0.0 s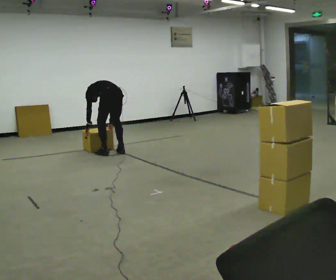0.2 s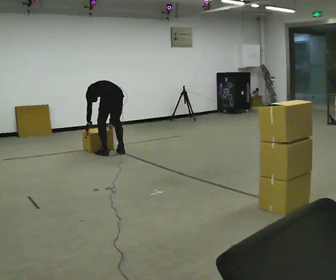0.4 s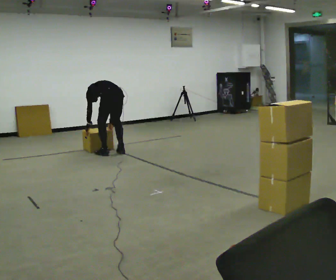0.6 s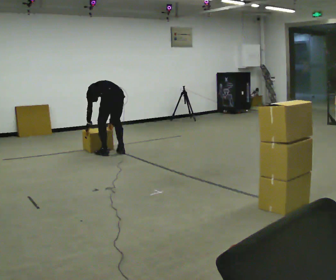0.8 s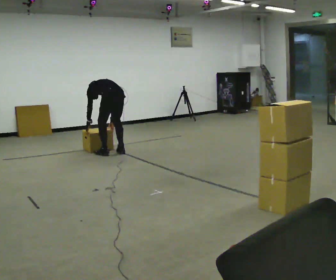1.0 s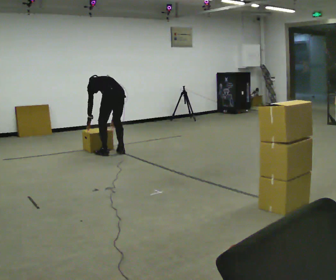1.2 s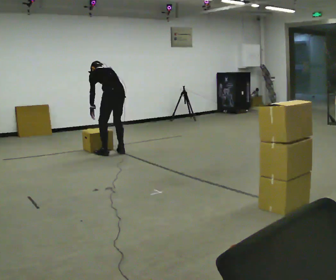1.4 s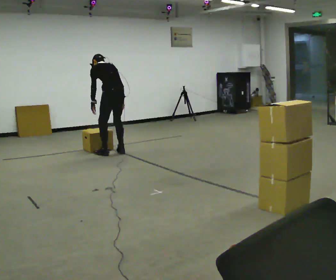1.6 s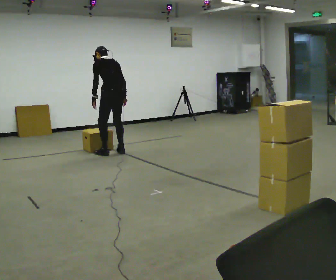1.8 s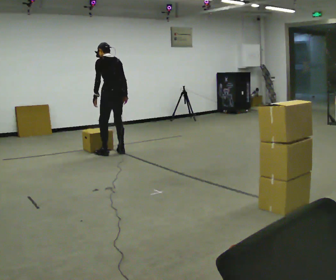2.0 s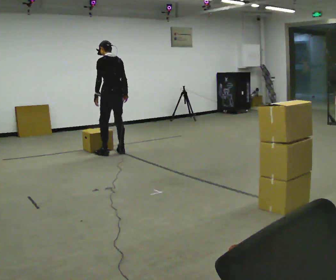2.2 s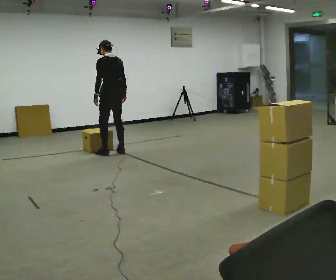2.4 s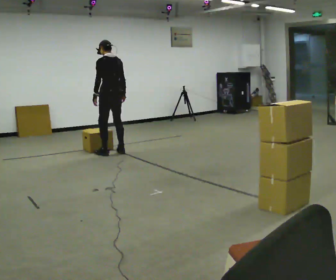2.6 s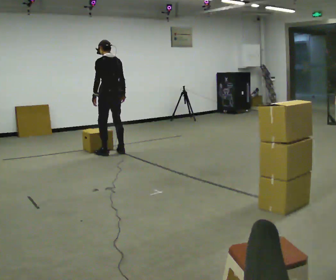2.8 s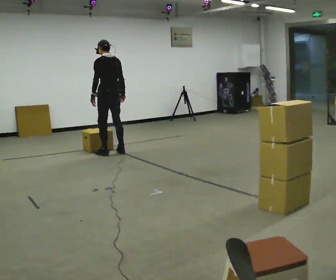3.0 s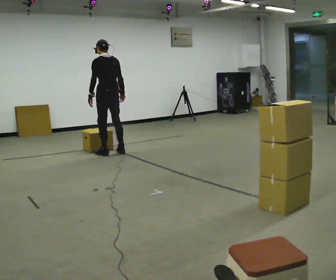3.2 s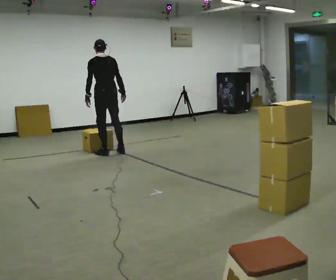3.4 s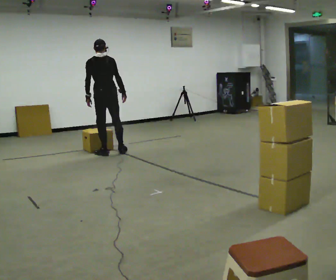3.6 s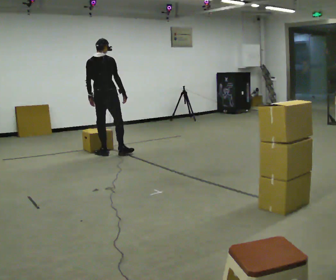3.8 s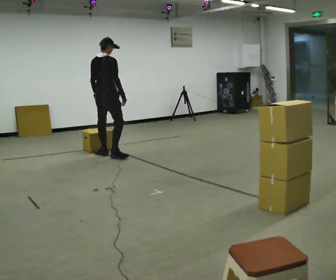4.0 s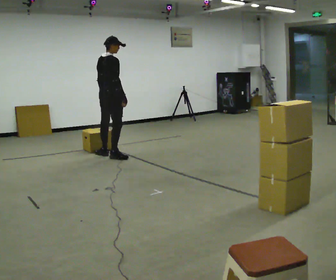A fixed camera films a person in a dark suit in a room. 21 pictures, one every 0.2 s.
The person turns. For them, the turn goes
to their right.
Their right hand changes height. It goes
upward.
0.0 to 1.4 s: The upper body goes upward. The upper body tips toward the camera, its near side rolling downward, as they lean back or straighten. In the picture their right hand goes upward.
1.4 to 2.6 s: The upper body tips toward the camera, its near side rolling downward, as they lean back or straighten.
2.6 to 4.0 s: The person turns about 75 degrees to their right, clockwise seen from above, so the part of the body nearest the lens slides to the left. In the picture they go toward the camera, about 0.25 m in 1 step.
The film runs forward here.
